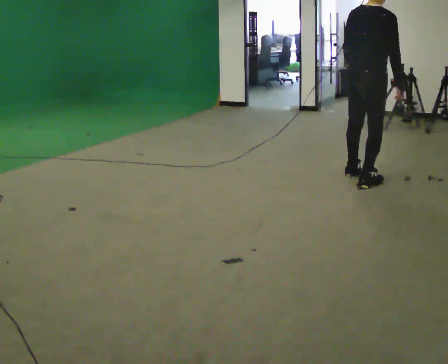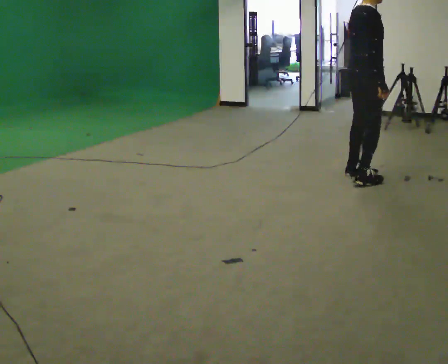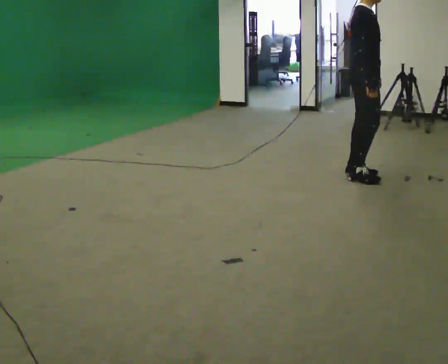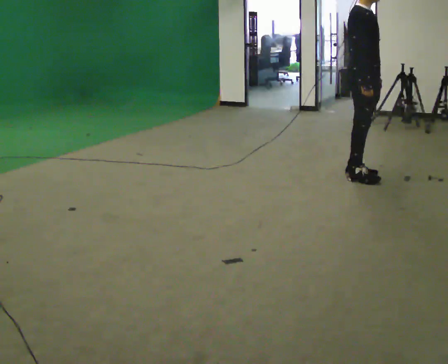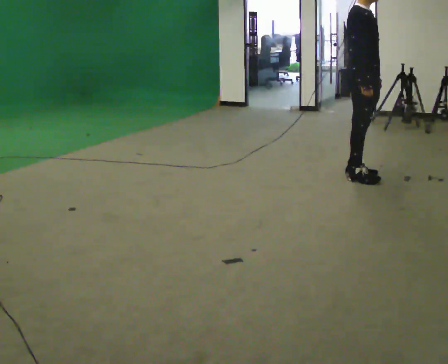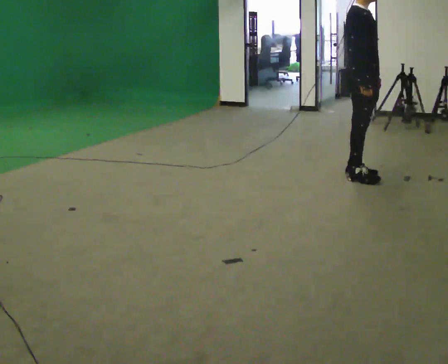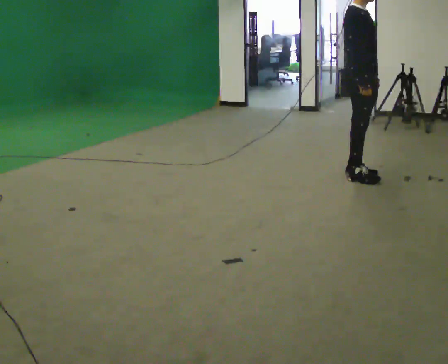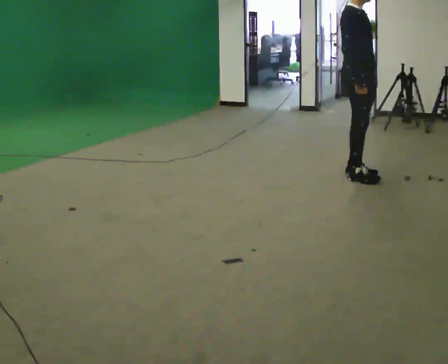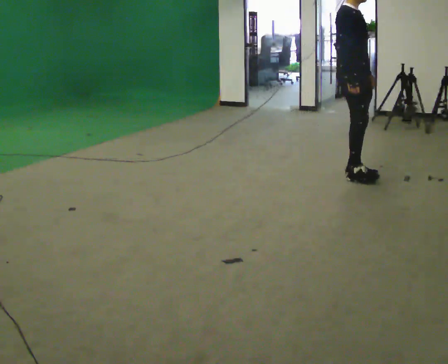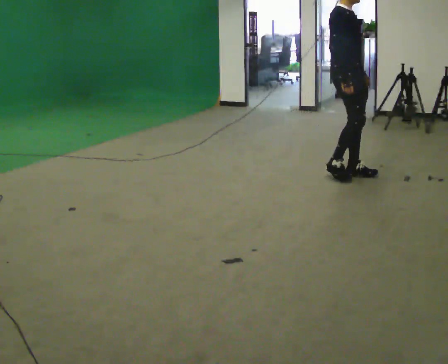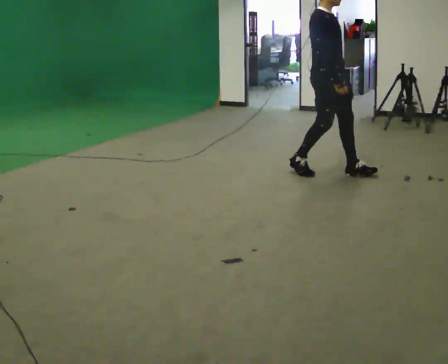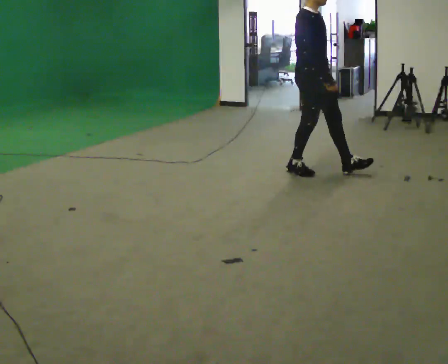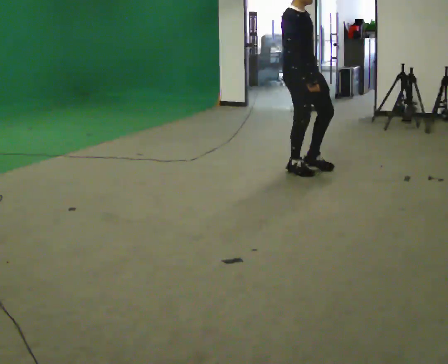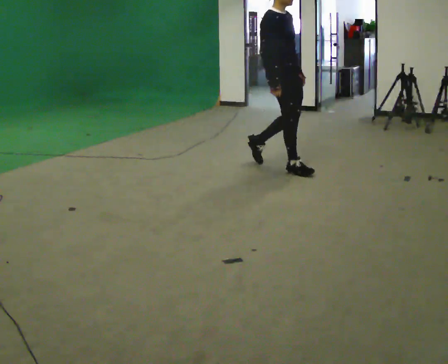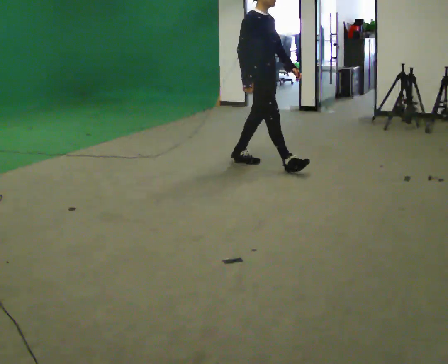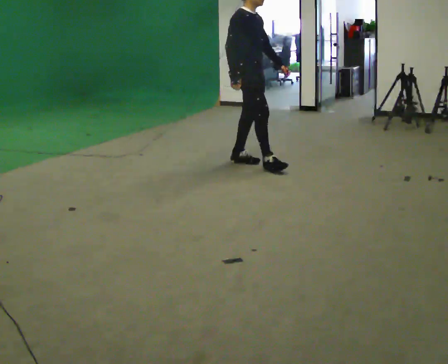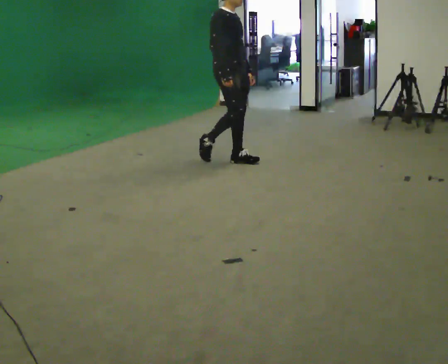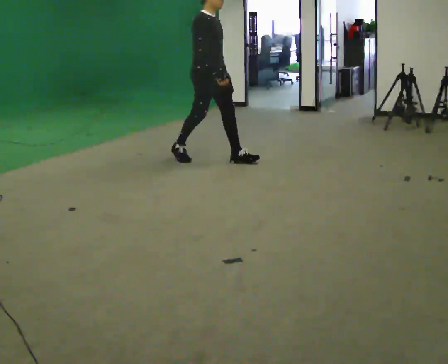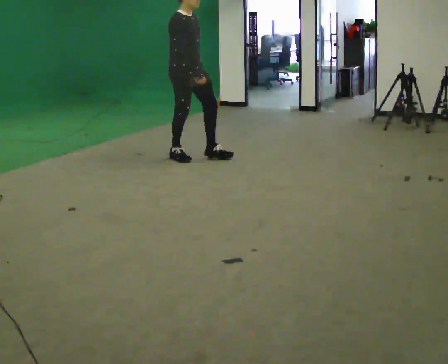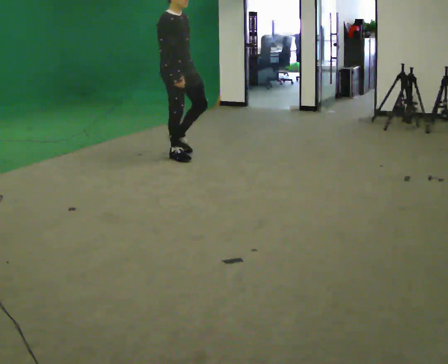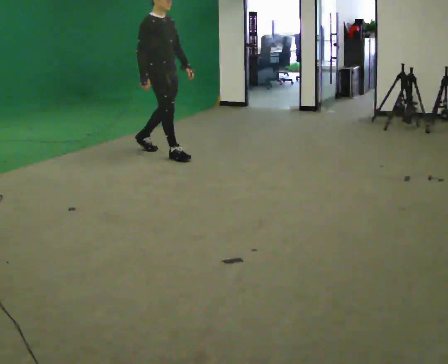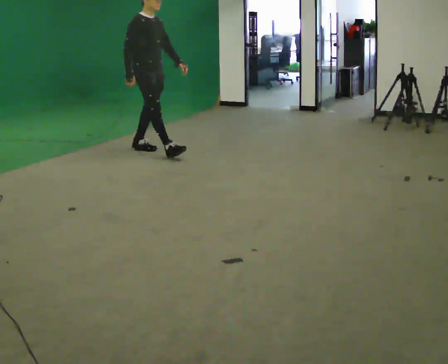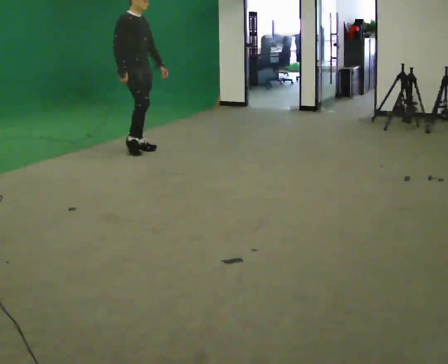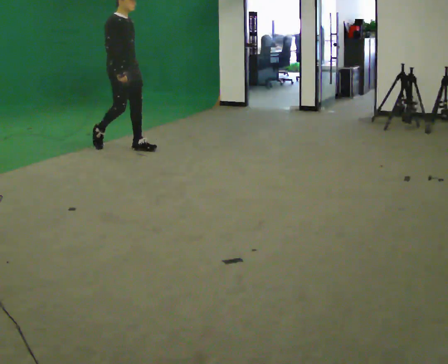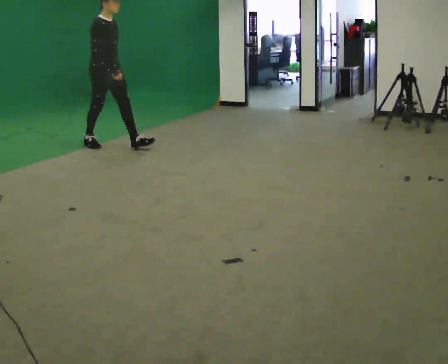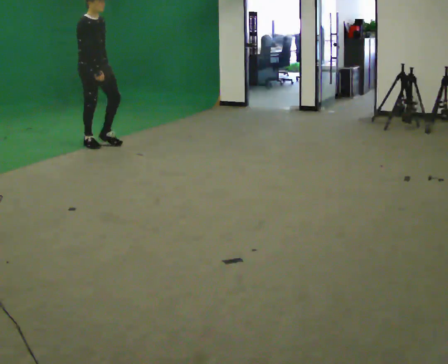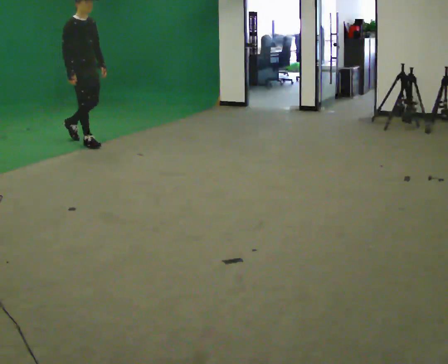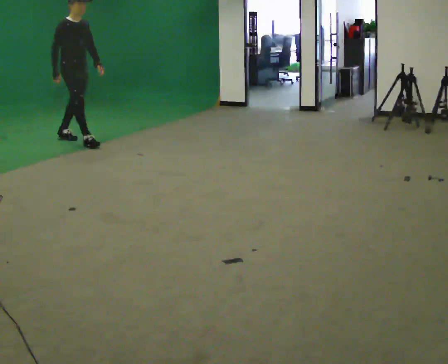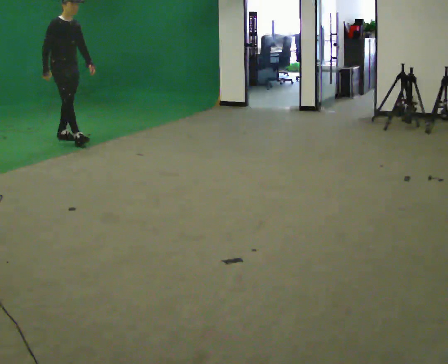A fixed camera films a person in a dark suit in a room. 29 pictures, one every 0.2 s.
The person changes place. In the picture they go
to the left.
0.0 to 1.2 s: Seen from above the body turns clockwise, about 60 degrees: to their right, with its near side sliding to the left. In the picture they go away from the camera, about 0.25 m in 1 step.
1.2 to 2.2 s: In the picture they go to the left, about 0.25 m in 1 step, which for them is backward.
2.2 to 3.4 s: In the picture they go to the left and away from the camera, about 1 m in 2 steps, which for them is backward.
3.4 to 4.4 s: In the picture they go to the left and away from the camera, about 1 m in 2 steps, which for them is backward.
4.4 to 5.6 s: In the picture they go to the left, about 1 m in 2 steps, which for them is backward.
The film runs backward here.
